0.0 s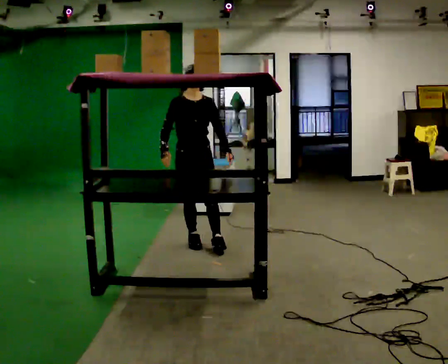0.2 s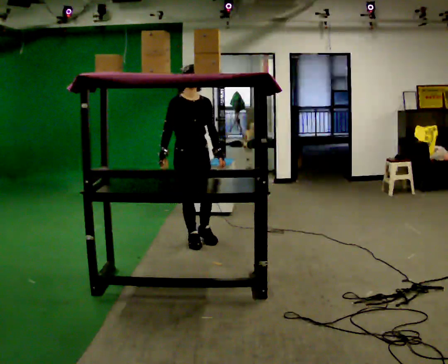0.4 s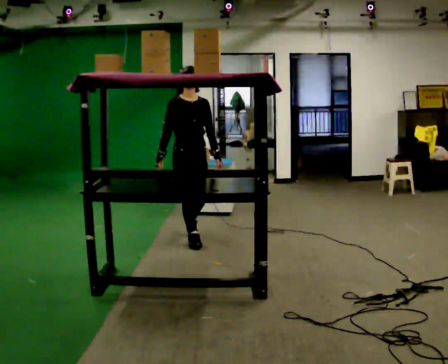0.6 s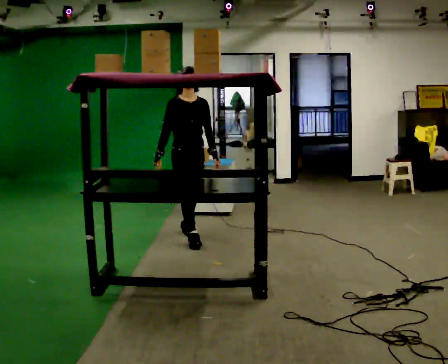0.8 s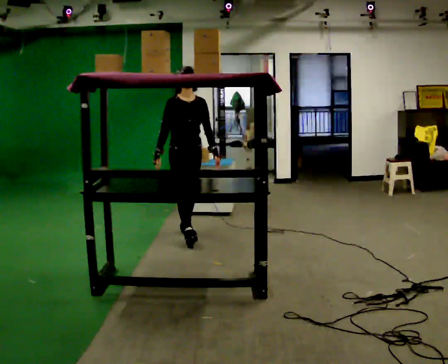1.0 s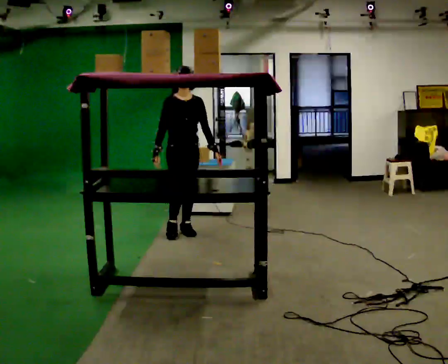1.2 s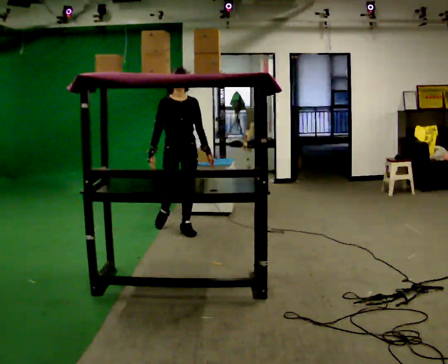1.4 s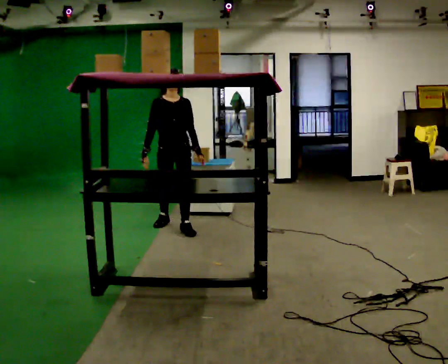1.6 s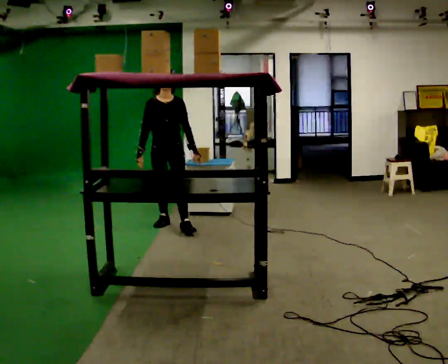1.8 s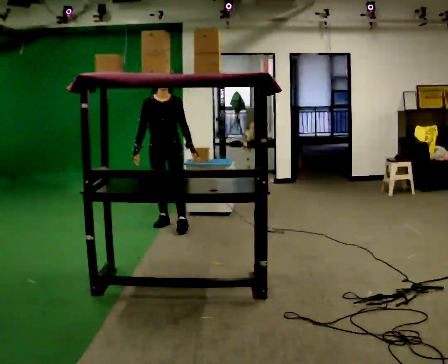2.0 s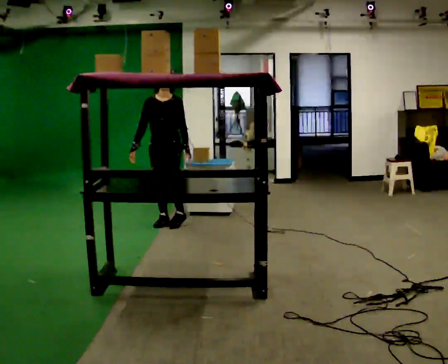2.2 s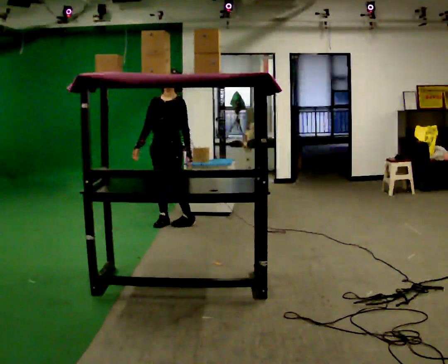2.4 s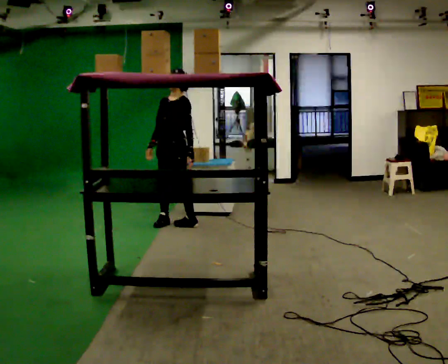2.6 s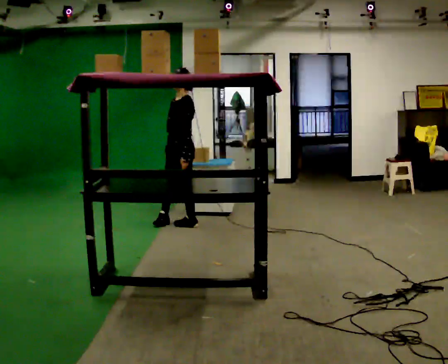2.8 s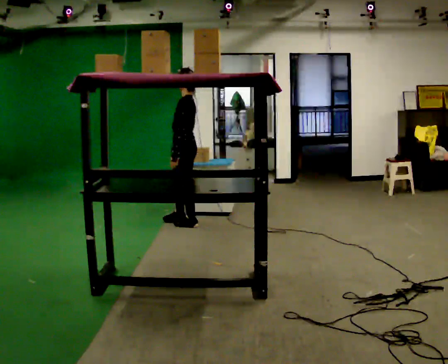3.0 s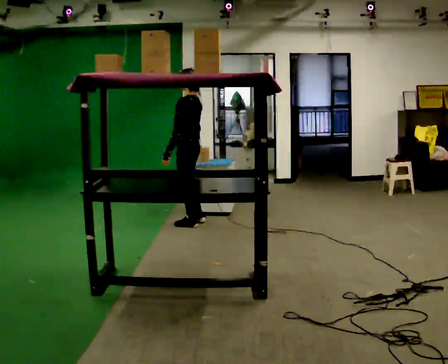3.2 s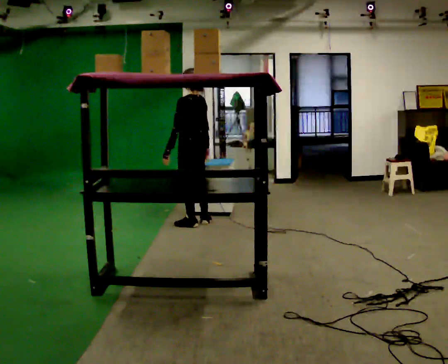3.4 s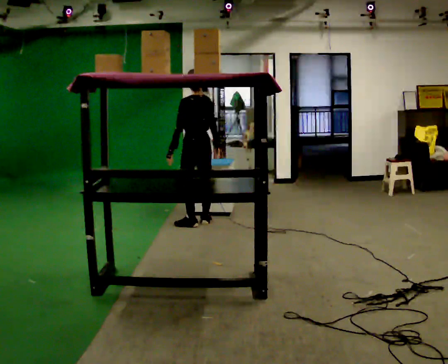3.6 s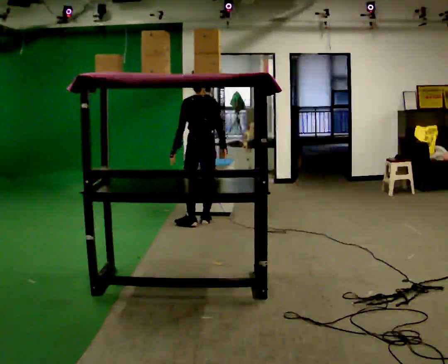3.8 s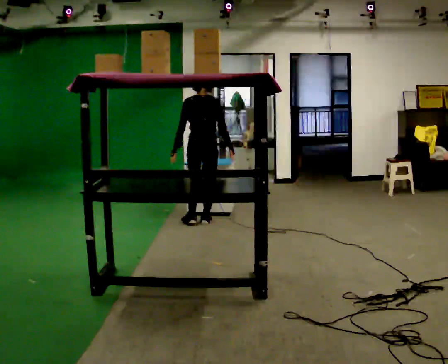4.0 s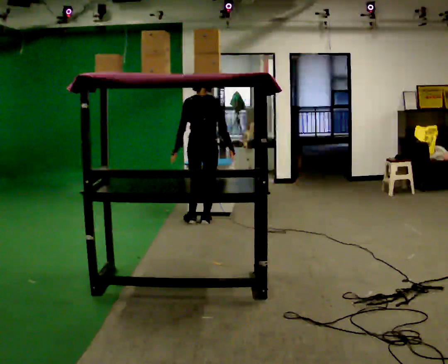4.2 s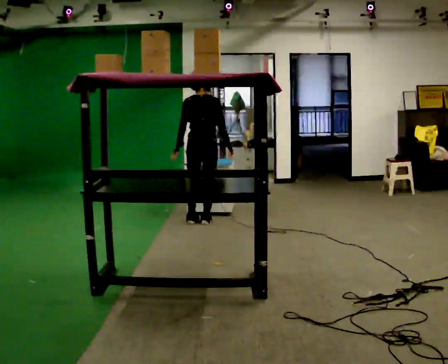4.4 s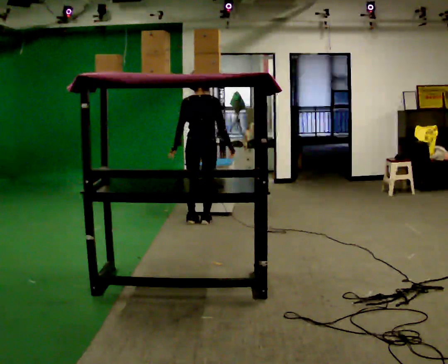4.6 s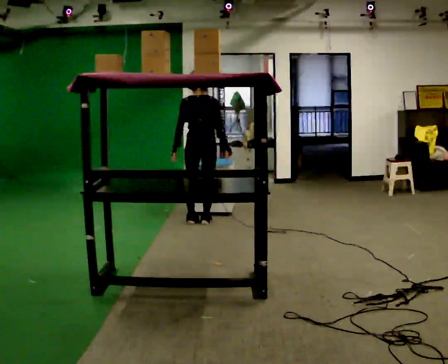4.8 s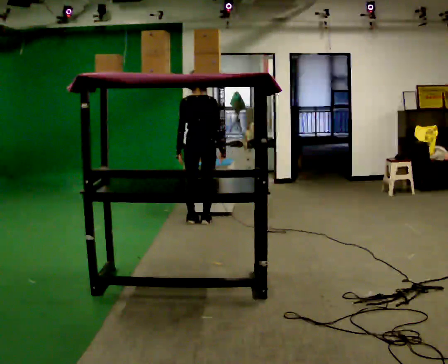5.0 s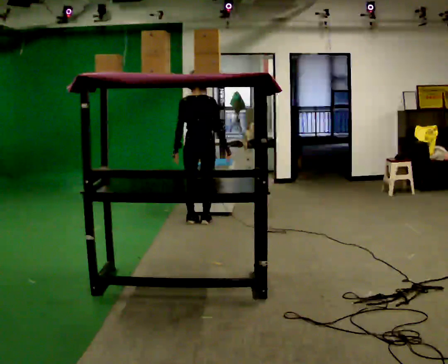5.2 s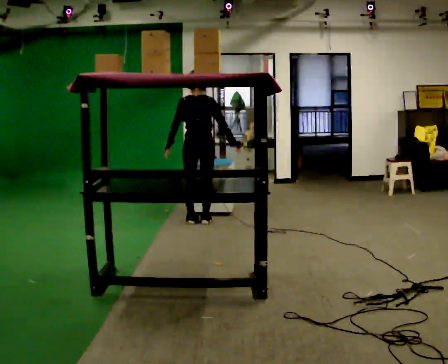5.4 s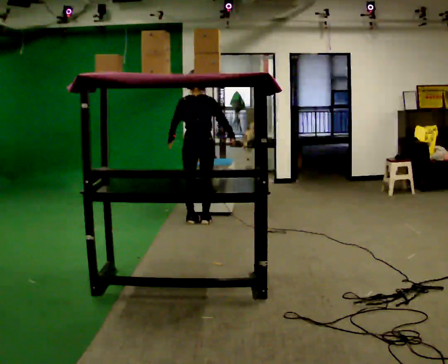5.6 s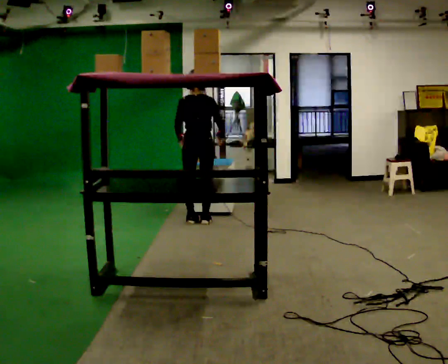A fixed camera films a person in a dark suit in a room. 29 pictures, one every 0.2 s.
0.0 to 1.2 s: In the picture they go away from the camera, about 0.5 m in 1 step, which for them is backward.
1.2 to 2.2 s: Seen from above the body turns clockwise, about 30 degrees: to their right, with its near side sliding to the left. In the picture they go away from the camera, about 0.25 m in 1 step, which for them is backward and to their right.
2.2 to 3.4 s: Seen from above the body turns clockwise, about 120 degrees: to their right, with its near side sliding to the left. In the picture they go to the right, about 0.25 m in 1 step.
3.4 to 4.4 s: The person turns about 45 degrees to their right, clockwise seen from above, so the part of the body nearest the lens slides to the left.
4.4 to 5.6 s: The person moves a little, or ends about where they began.
The film runs backward here.
